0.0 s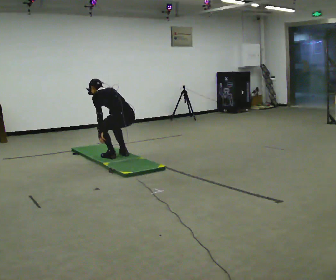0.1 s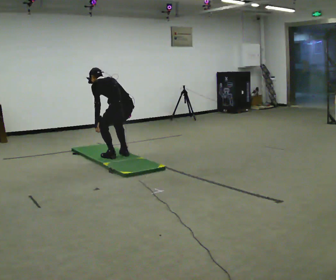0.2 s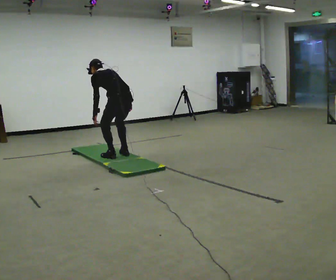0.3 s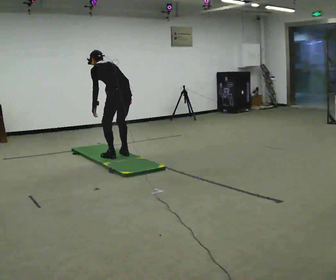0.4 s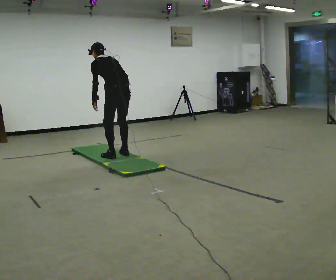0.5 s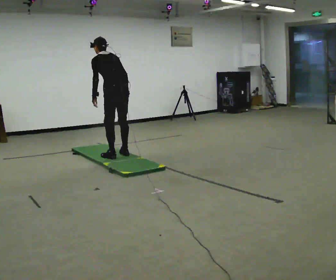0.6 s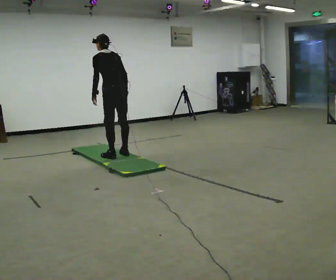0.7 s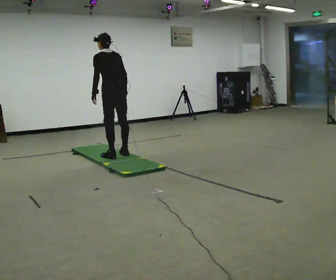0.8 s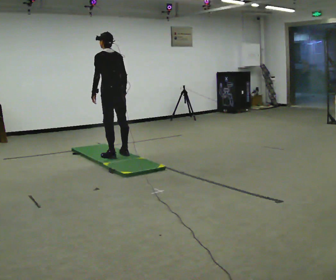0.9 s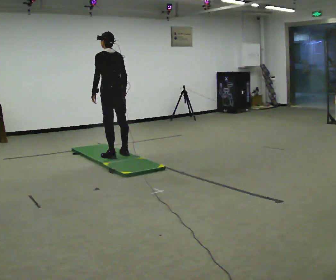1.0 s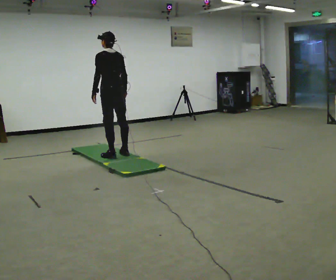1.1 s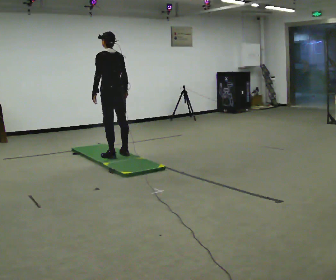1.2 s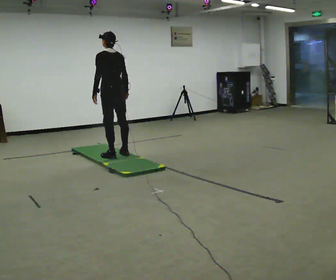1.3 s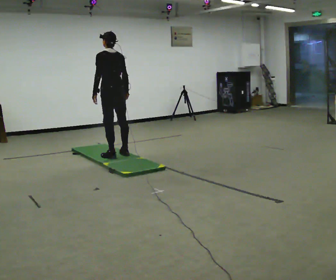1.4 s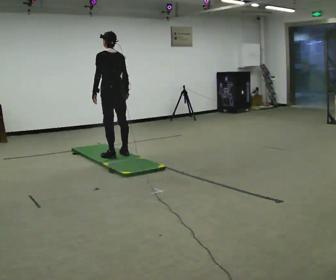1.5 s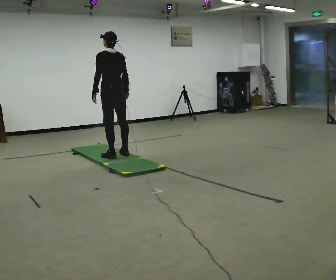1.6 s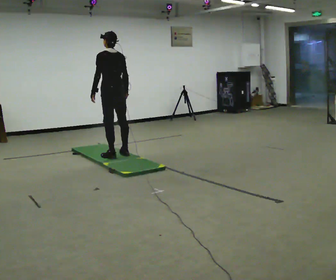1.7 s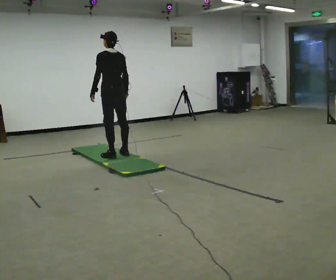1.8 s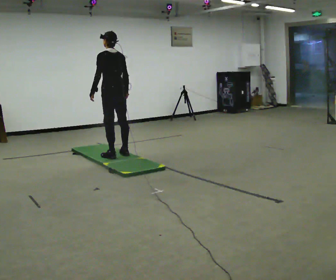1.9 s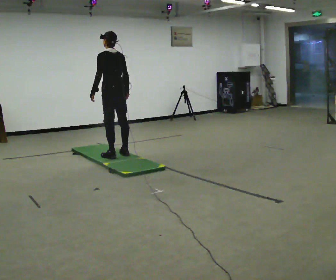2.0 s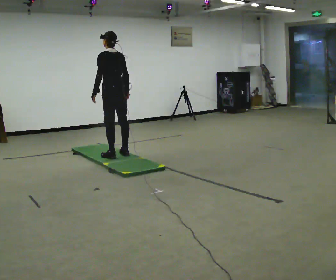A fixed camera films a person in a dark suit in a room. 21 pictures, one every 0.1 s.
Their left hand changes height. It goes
upward.
The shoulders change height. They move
upward.
0.0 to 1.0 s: In the picture they go away from the camera, about 0.25 m, which for them is forward. The upper body goes upward. The upper body tips toward the camera, its near side rolling downward, as they lean back or straighten. In the picture their left hand goes upward.
1.0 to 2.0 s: The person moves a little, or ends about where they began.
The film runs backward here.
